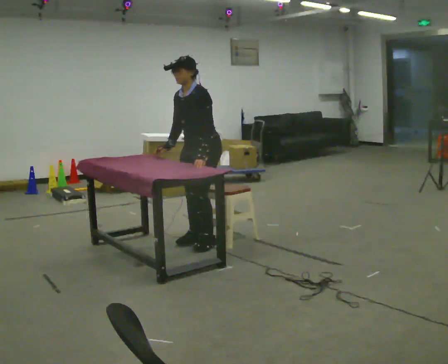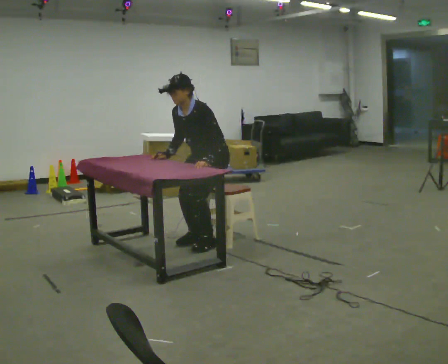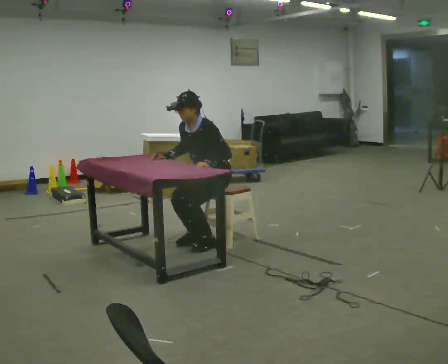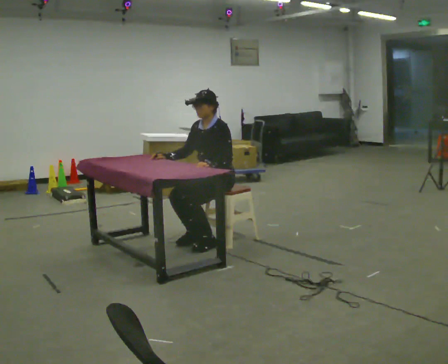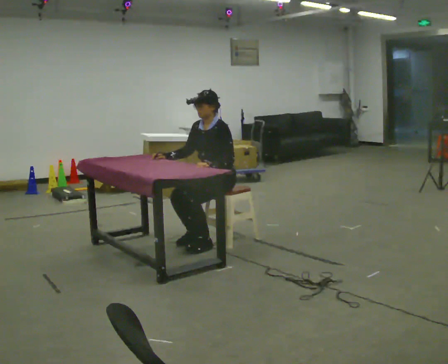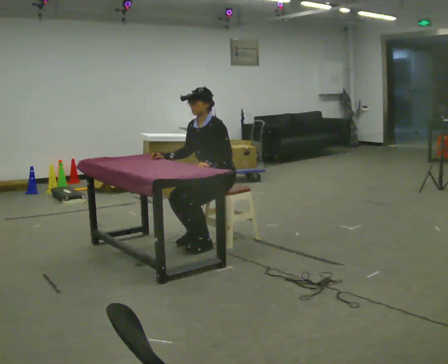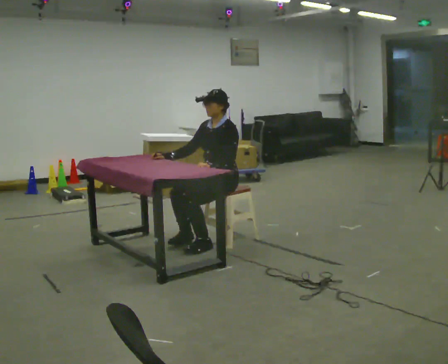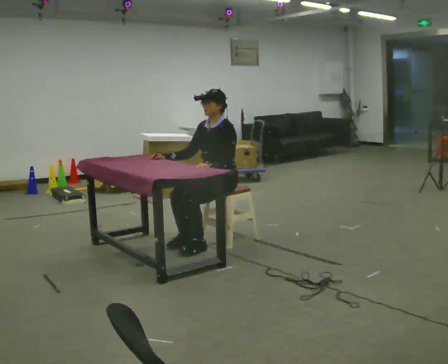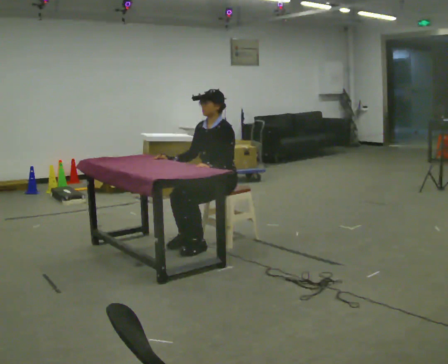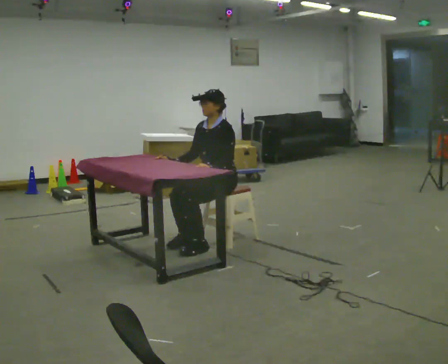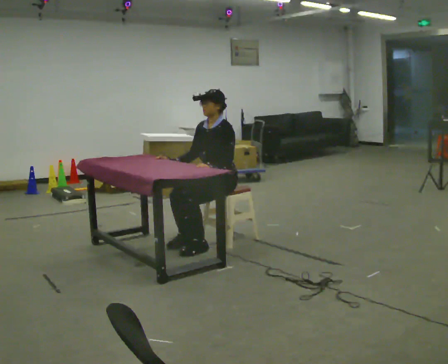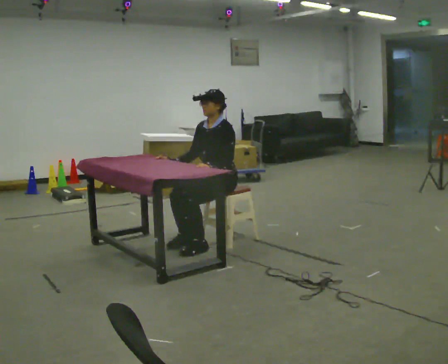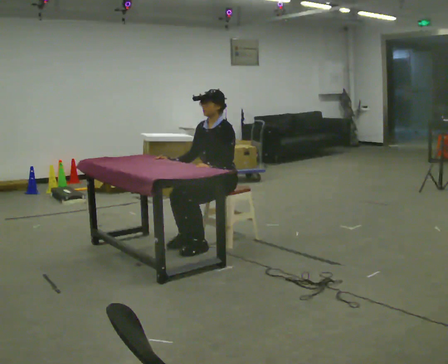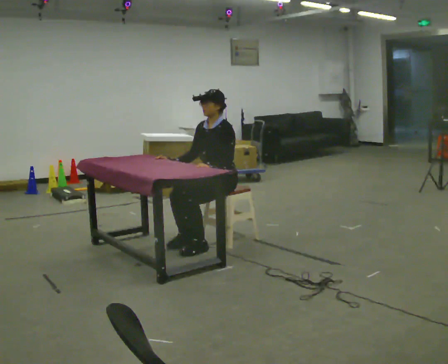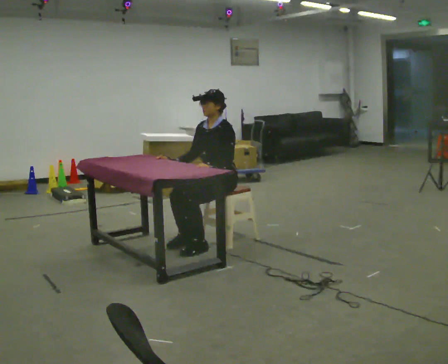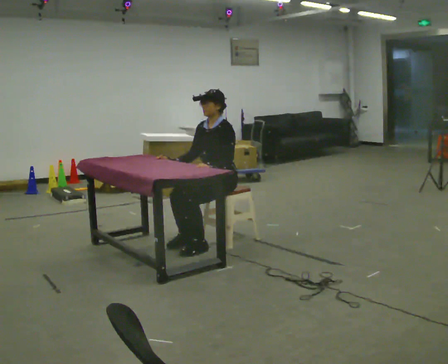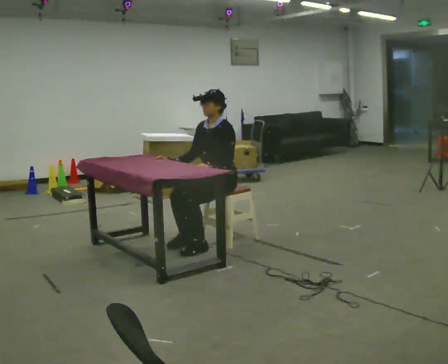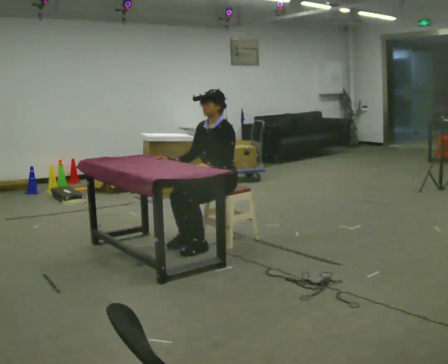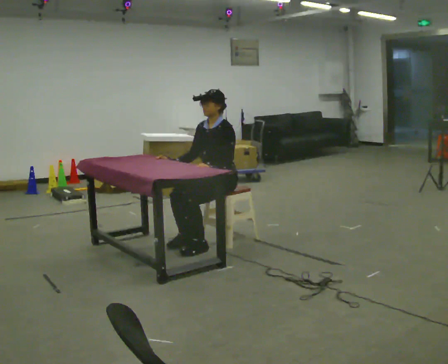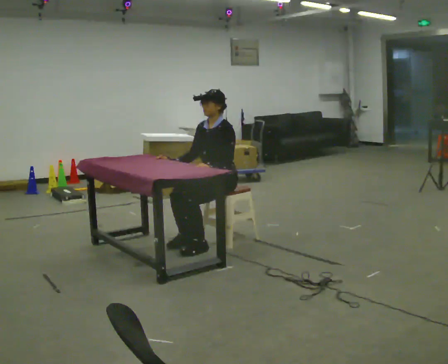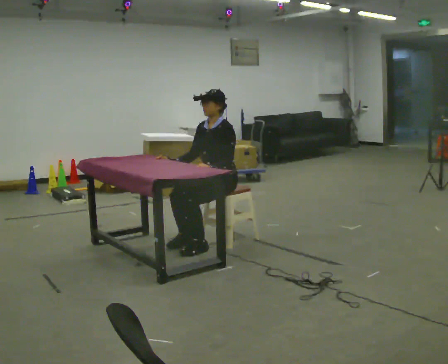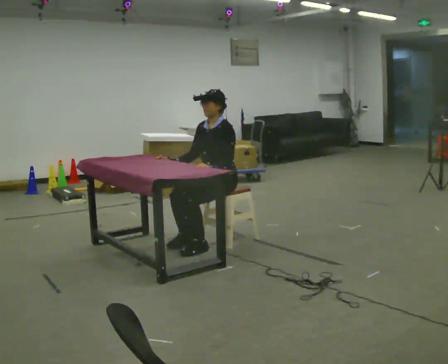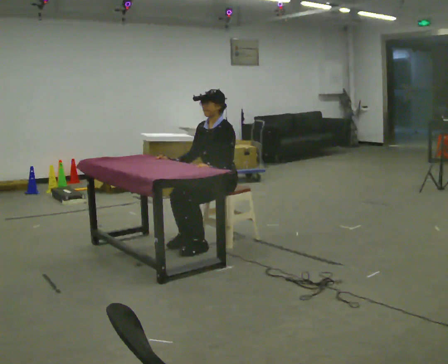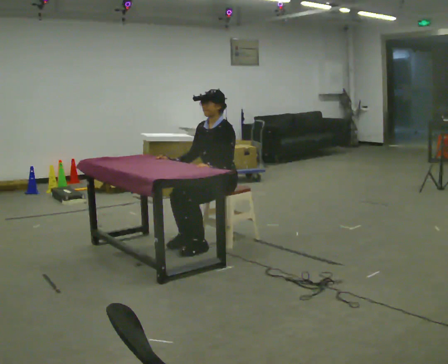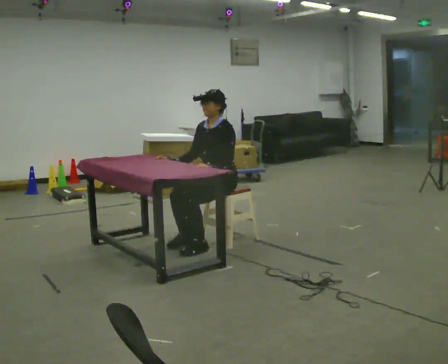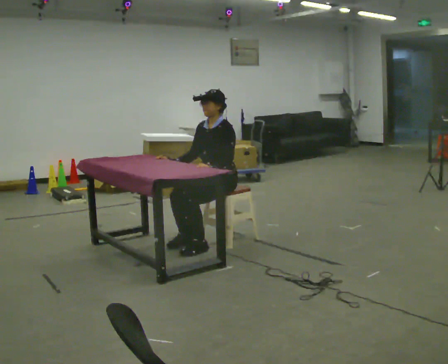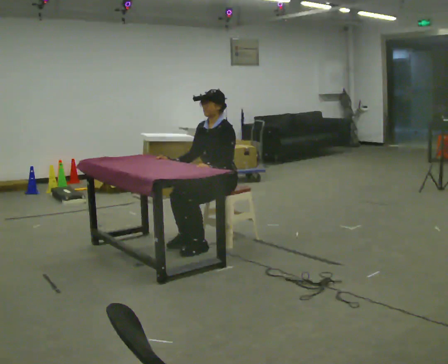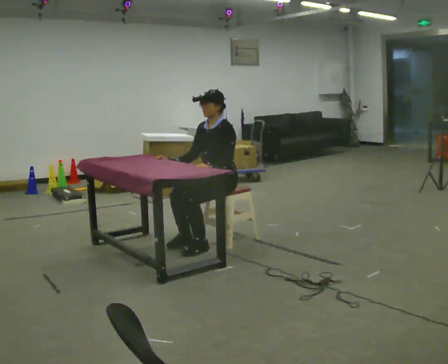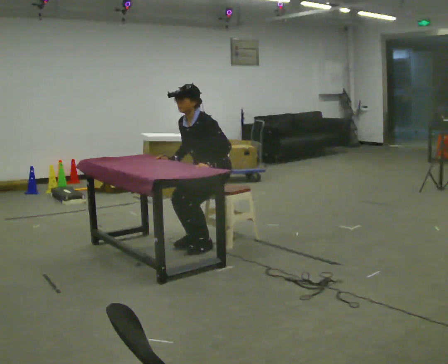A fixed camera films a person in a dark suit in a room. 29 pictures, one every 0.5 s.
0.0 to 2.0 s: The upper body goes downward.
2.0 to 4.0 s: The person moves a little, or ends about where they began.
4.0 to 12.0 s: The person keeps their place and pose.
12.0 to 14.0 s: In the picture the upper body tilts counterclockwise, shoulders to the left, as they bend forward.
The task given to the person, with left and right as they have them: Walk up to the chair at the table, sit down into the space, settle as if you were about to work there, then stand up and step away. Repeat the movement at your own pace until the operator says stop; do not rush.
The film runs forward here.
